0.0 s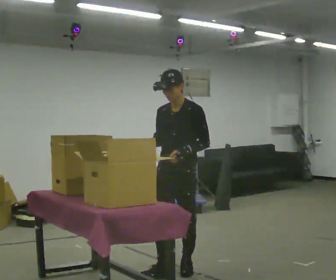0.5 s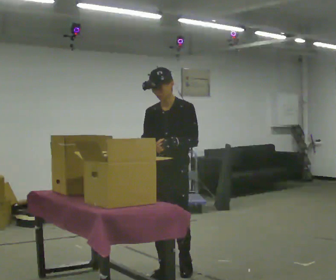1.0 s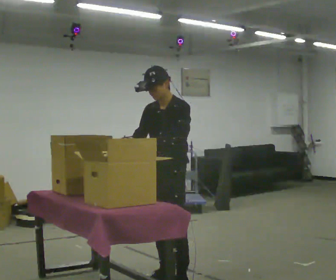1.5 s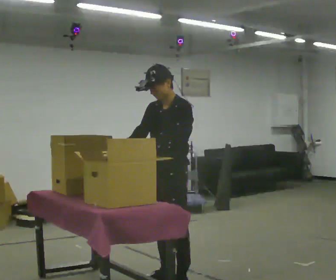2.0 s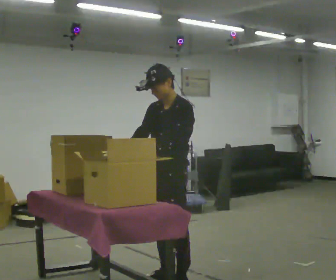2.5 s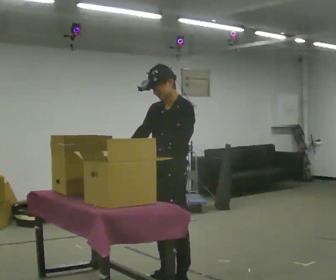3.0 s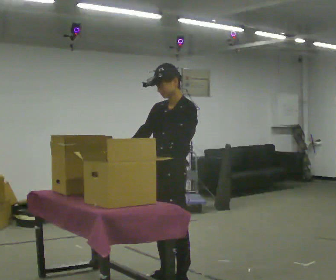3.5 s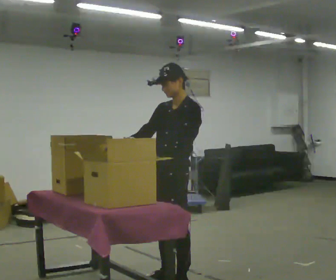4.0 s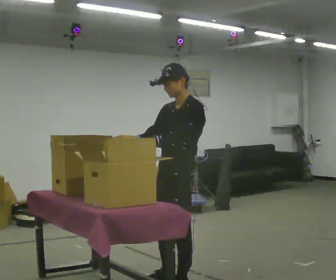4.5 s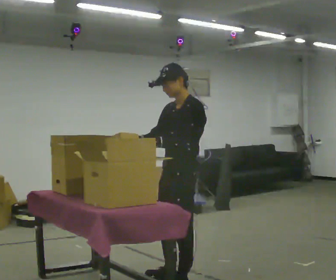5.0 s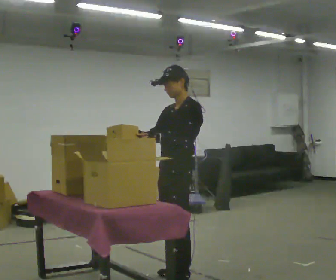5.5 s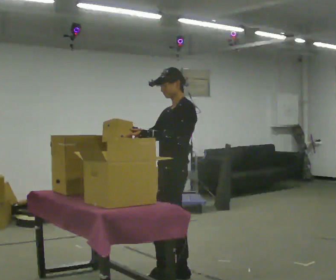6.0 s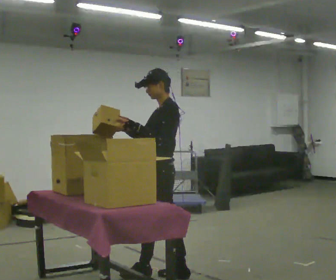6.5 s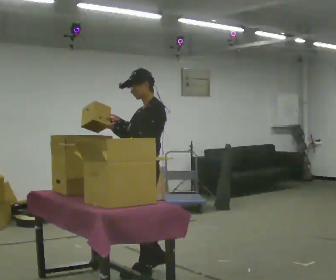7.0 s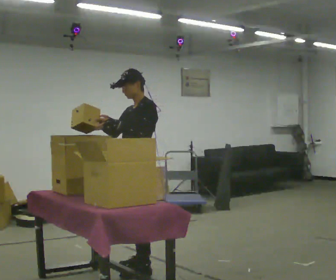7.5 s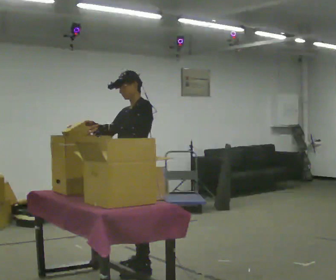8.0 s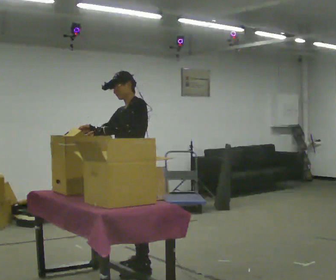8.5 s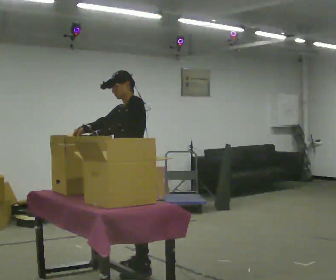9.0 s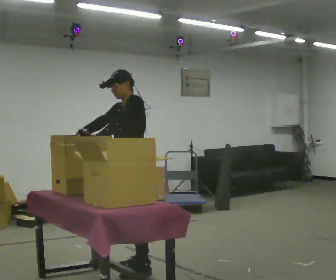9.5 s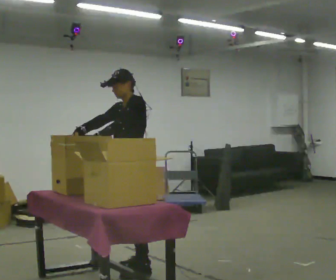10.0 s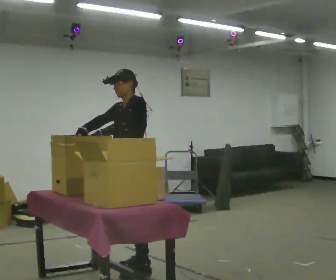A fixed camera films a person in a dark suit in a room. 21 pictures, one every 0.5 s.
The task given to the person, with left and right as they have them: Move the items from one container to the other one at a time, then move them back. Repeat at your own pace until the operator says stop. Keep both feet on the marked spots for the whole take. If you have to step, stop and tell the operator.
0.0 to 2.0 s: The person turns about 30 degrees to their right, clockwise seen from above, so the part of the body nearest the lens slides to the left. In the picture they go toward the camera, about 0.5 m in 2 steps, which for them is forward and to their left.
2.0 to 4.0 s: The person moves a little, or ends about where they began.
4.0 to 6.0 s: The person turns about 30 degrees to their right, clockwise seen from above, so the part of the body nearest the lens slides to the left. In the picture they go away from the camera, about 0.25 m in 1 step, which for them is to their right.
6.0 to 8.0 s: Seen from above the body turns counterclockwise, about 30 degrees: to their left, with its near side sliding to the right. In the picture they go to the left and away from the camera, about 0.25 m in 1 step, which for them is to their right and forward.
8.0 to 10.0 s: The person moves a little, or ends about where they began.
The film runs forward here.
